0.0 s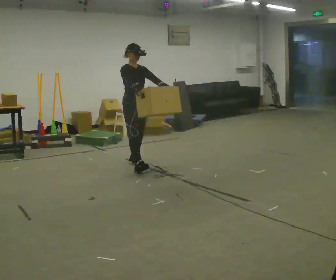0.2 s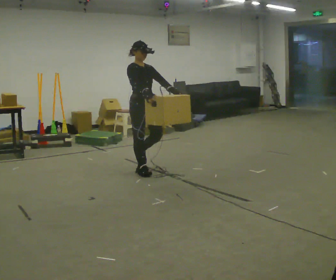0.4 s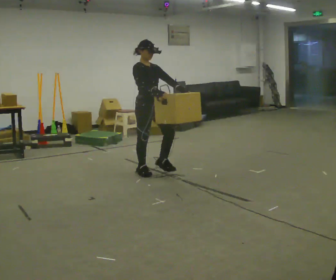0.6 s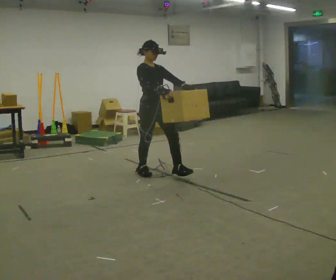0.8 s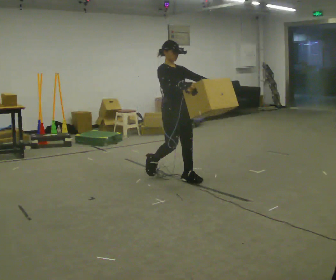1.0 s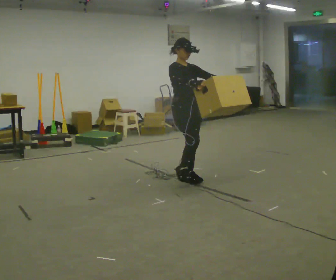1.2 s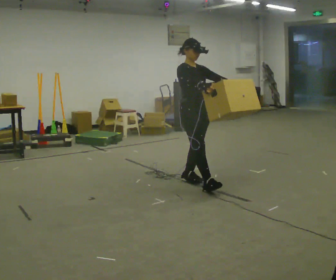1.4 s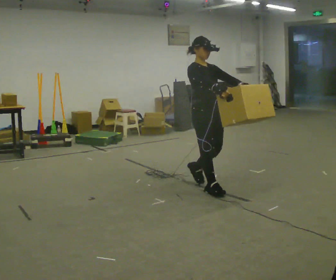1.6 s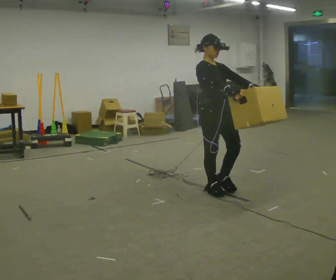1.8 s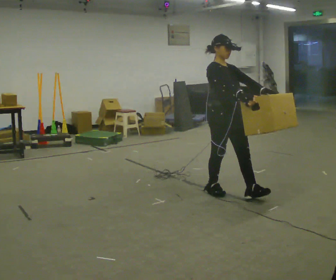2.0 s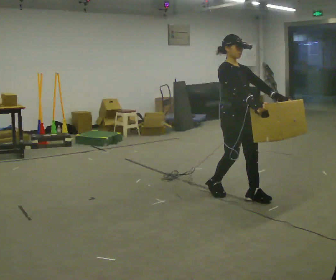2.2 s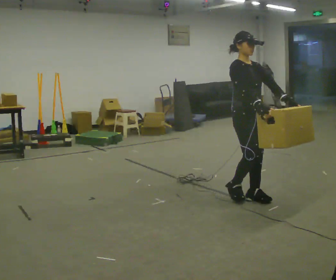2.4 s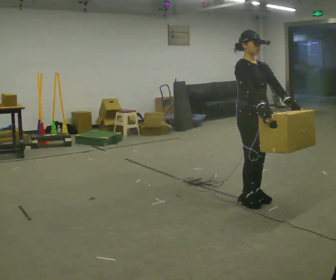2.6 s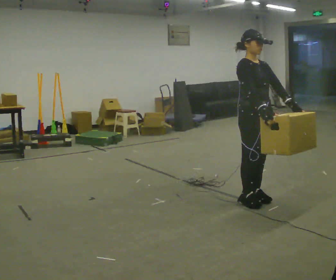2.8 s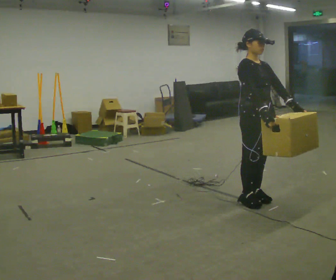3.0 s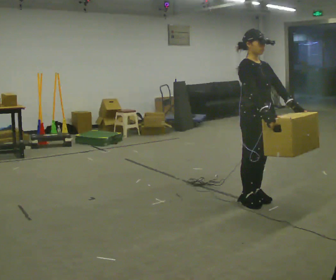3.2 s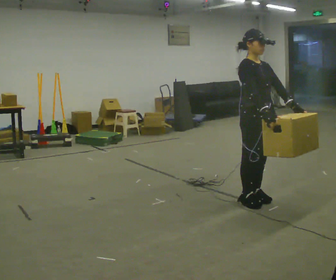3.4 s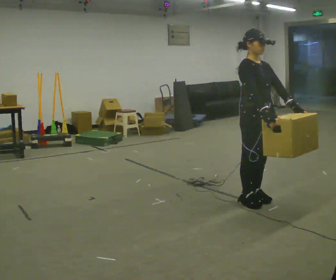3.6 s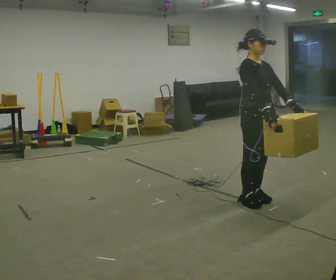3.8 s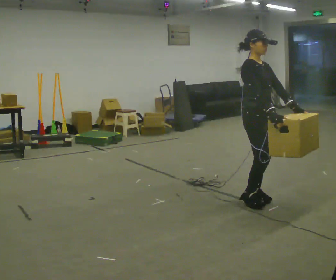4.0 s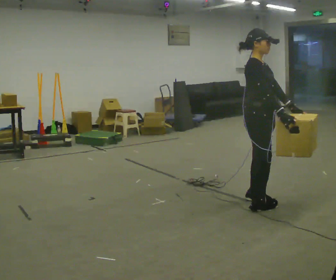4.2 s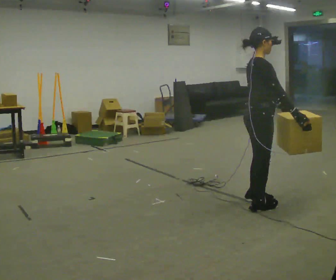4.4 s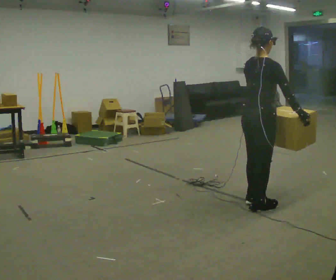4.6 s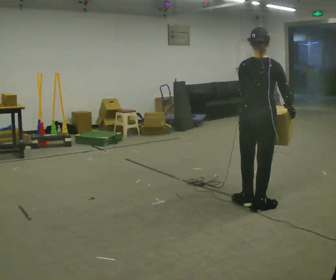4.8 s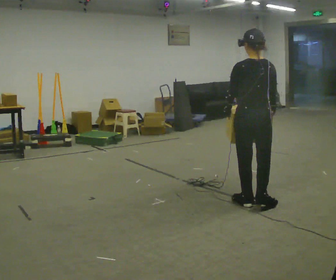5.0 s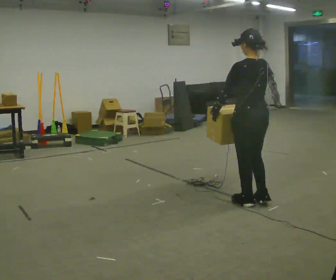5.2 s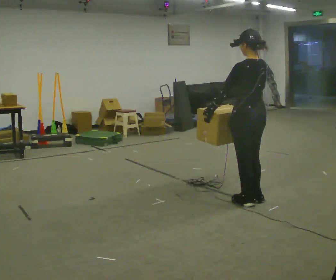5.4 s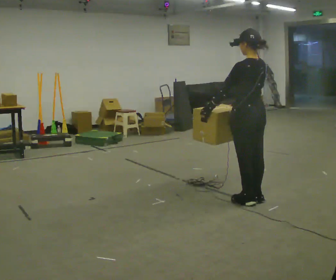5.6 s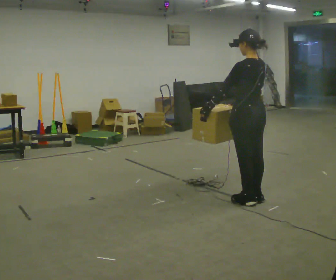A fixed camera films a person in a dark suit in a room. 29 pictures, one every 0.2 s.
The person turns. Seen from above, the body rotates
counterclockwise.
Their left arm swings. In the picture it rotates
clockwise.
0.0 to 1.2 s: In the picture they go to the right and toward the camera, about 1 m in 1 step, which for them is forward.
1.2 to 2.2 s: In the picture they go to the right and toward the camera, about 0.5 m in 2 steps, which for them is forward.
2.2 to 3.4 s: The person moves a little, or ends about where they began.
3.4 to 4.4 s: The part of the body nearest the lens slides to the right as the person turns to their left by about 90 degrees.
4.4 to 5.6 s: Seen from above the body turns counterclockwise, about 90 degrees: to their left, with its near side sliding to the right. In the picture they go away from the camera, about 0.25 m in 1 step. In the picture their right hand goes to the left, the arm swinging clockwise.
The film runs forward here.
